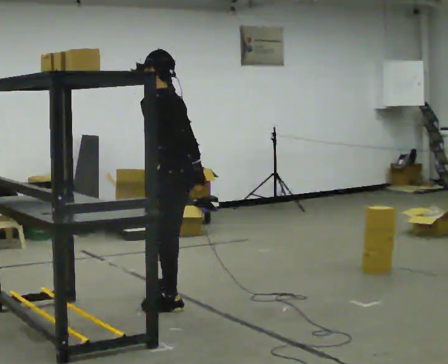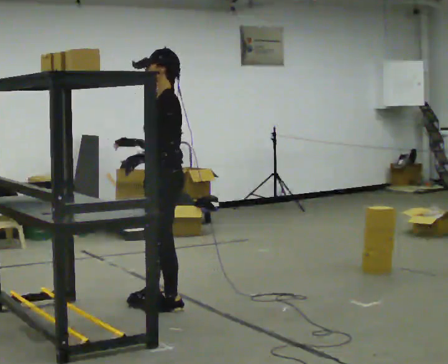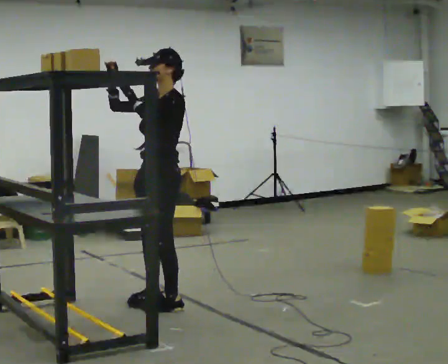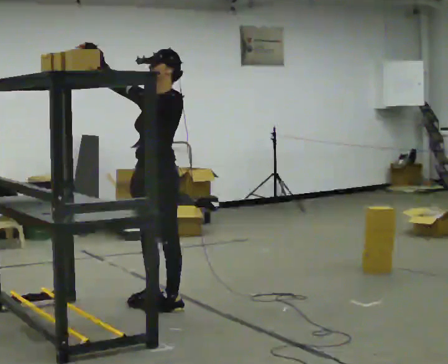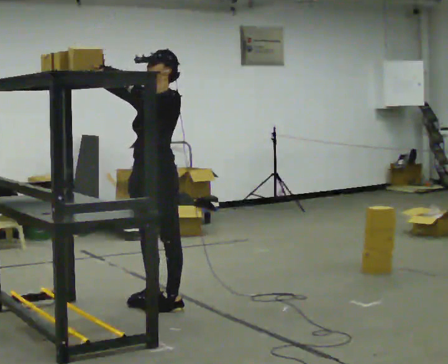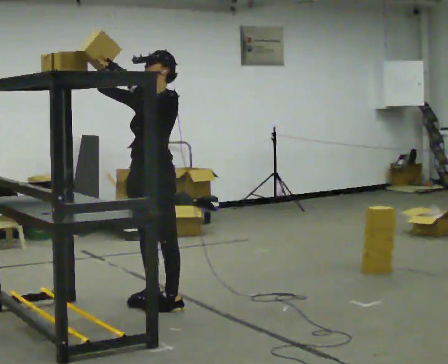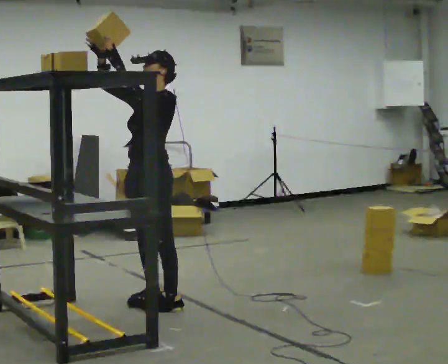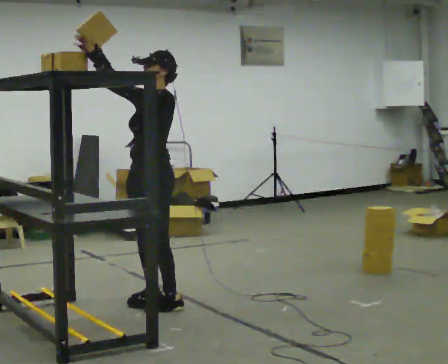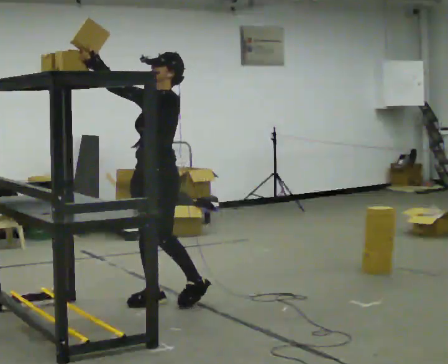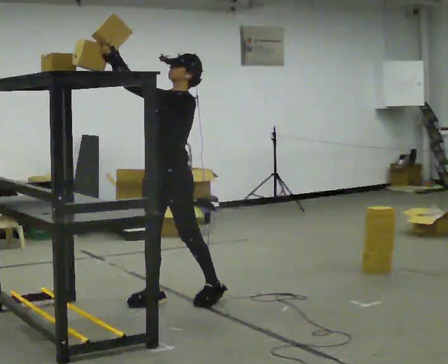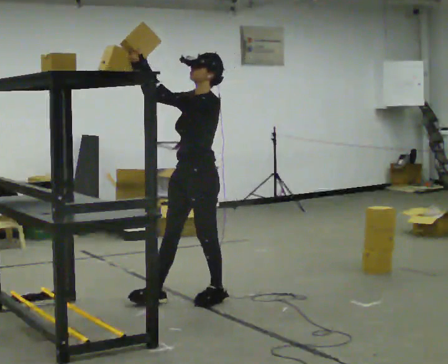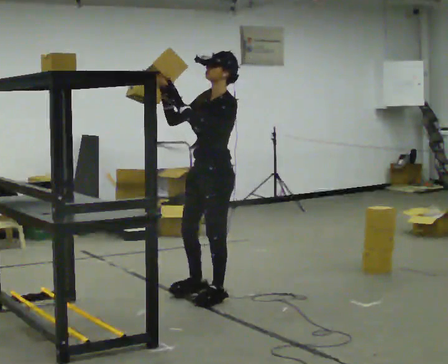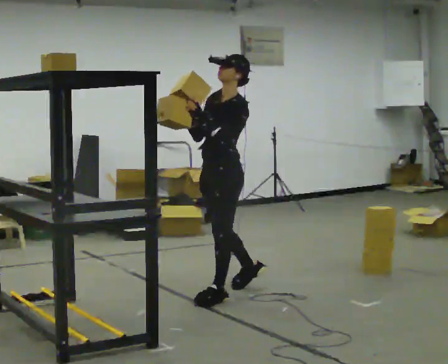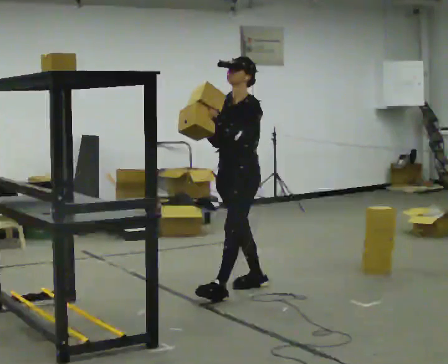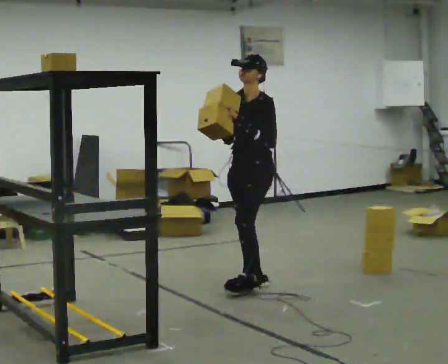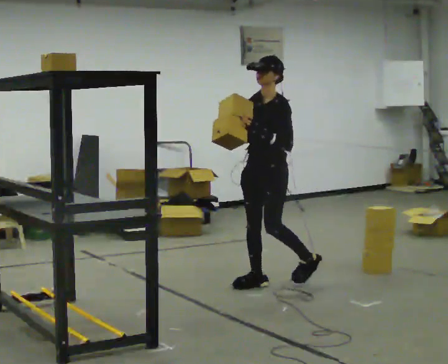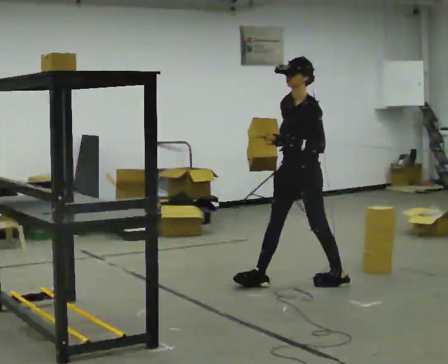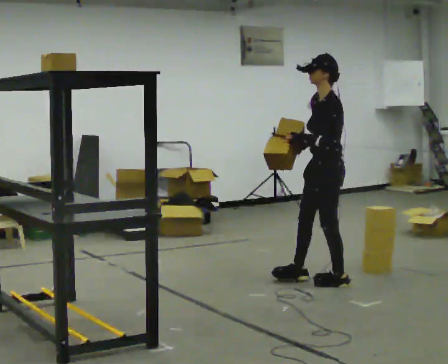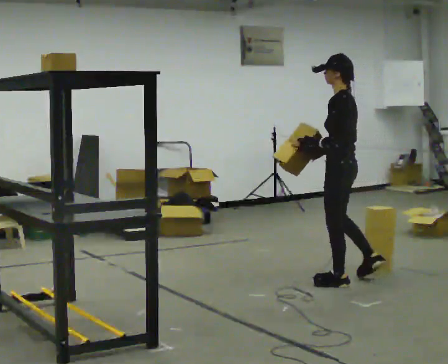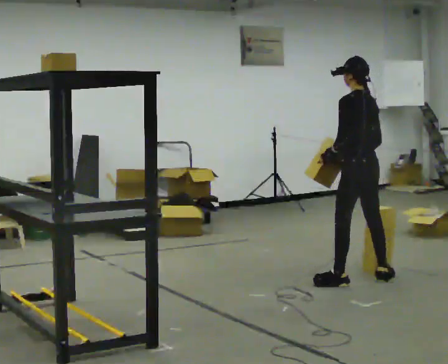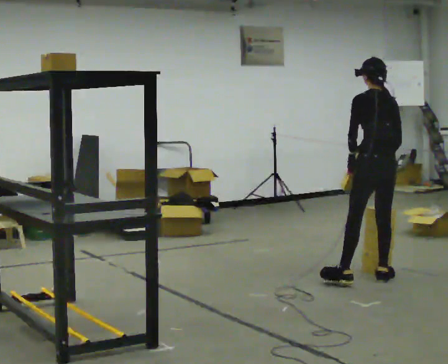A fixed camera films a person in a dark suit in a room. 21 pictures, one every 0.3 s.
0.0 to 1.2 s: The part of the body nearest the lens slides to the right as the person turns to their left by about 75 degrees. In the picture their right hand goes upward and to the left, the arm swinging clockwise.
1.2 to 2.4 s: The person moves a little, or ends about where they began.
2.4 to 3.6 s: In the picture they go to the right, about 0.5 m in 1 step, which for them is backward. In the picture their right hand goes downward, the arm swinging counterclockwise.
3.6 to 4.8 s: In the picture they go to the right and away from the camera, about 0.5 m in 1 step, which for them is backward.
4.8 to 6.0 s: The part of the body nearest the lens slides to the left as the person turns to their right by about 105 degrees. In the picture they go to the right, about 0.5 m in 1 step. The upper body tips away from the camera, its near side rolling upward.
The film runs backward here.
